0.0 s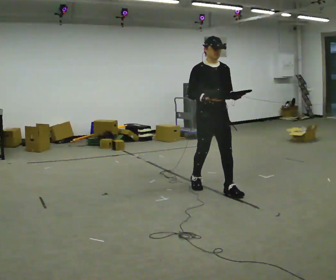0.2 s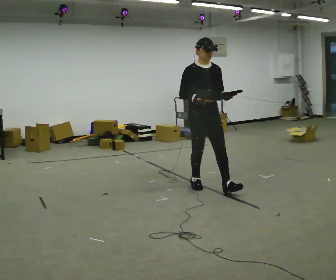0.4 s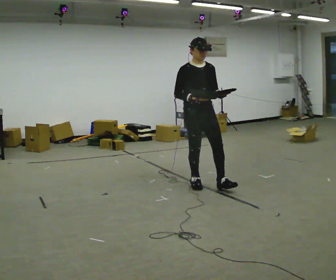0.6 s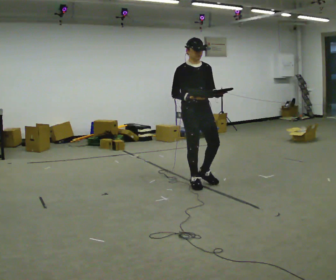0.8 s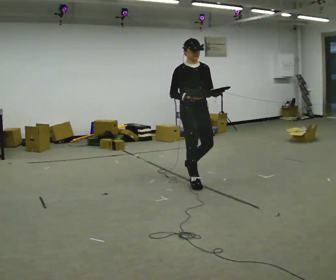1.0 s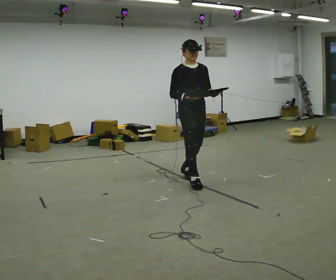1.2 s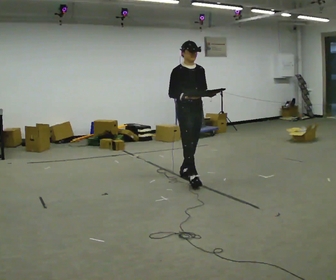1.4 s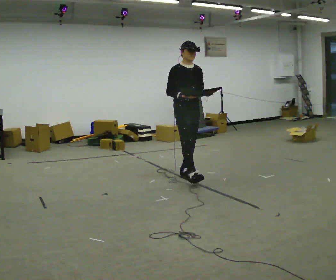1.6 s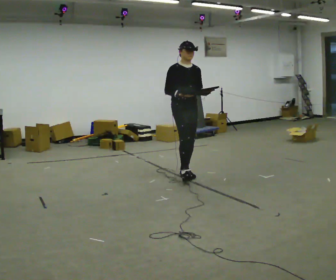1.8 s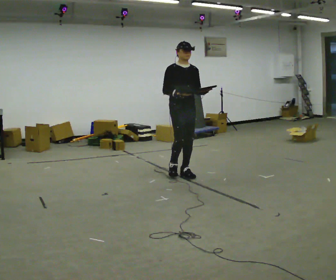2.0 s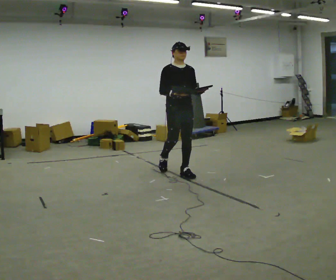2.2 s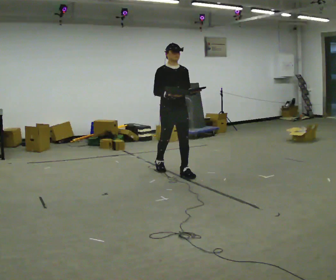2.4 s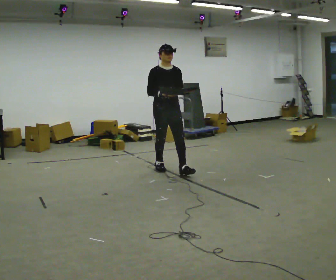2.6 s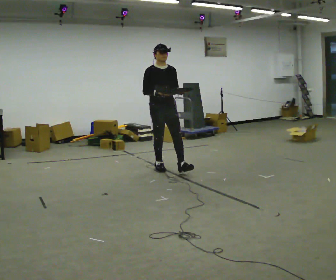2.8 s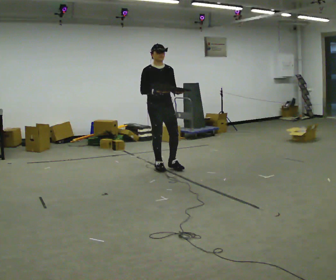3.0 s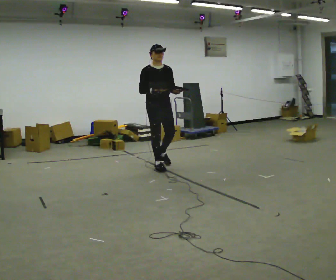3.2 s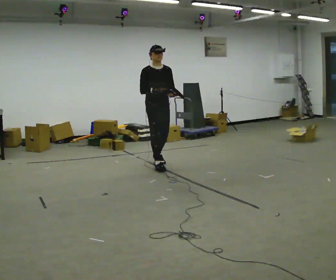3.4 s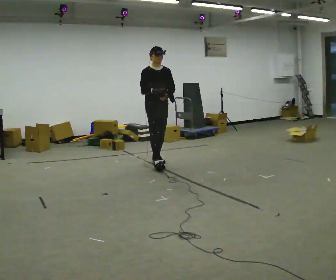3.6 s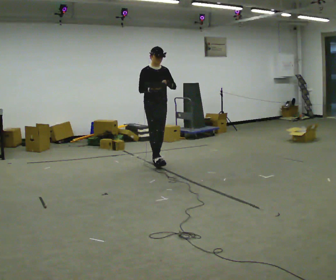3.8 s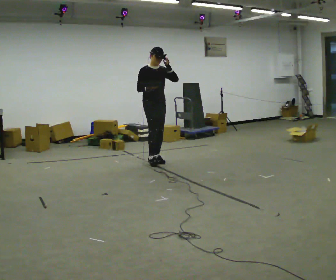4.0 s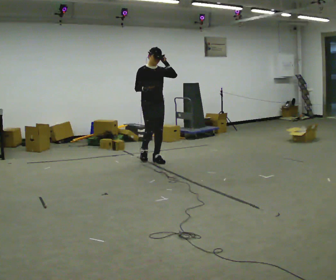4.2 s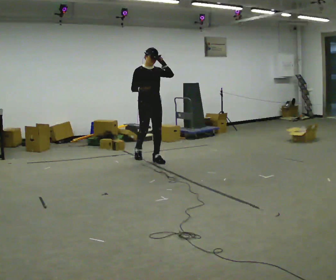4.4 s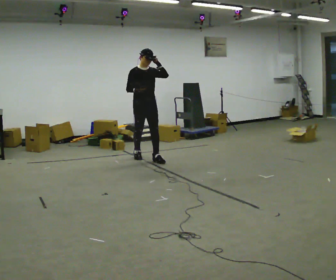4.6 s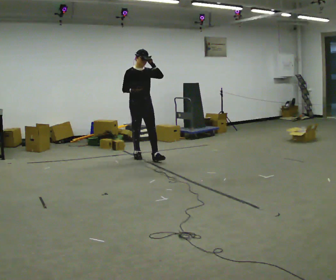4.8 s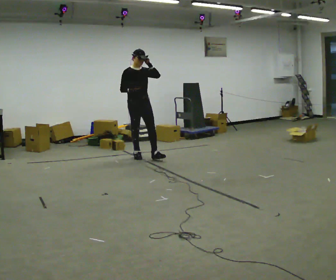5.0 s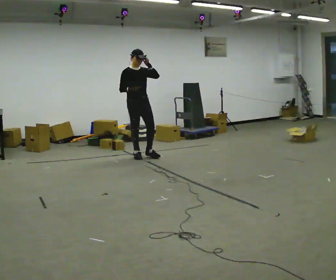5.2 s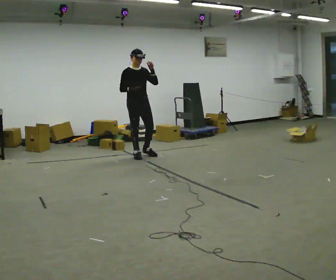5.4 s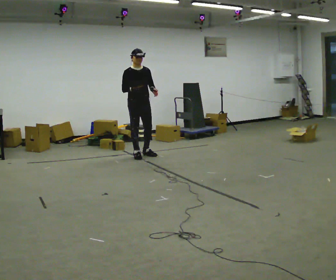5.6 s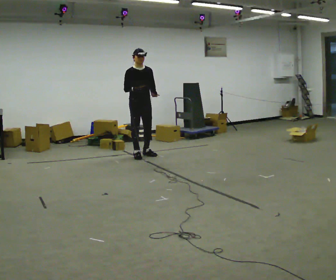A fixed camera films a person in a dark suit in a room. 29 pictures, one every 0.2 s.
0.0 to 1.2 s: In the picture they go away from the camera and to the left, about 0.5 m in 1 step, which for them is backward.
1.2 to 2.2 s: In the picture they go away from the camera and to the left, about 0.5 m in 1 step, which for them is backward.
2.2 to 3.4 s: In the picture they go away from the camera and to the left, about 0.5 m in 1 step, which for them is backward.
3.4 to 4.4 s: In the picture they go away from the camera and to the left, about 0.5 m in 1 step, which for them is backward. In the picture their left hand goes upward.
4.4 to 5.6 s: In the picture they go away from the camera, about 0.25 m in 1 step, which for them is backward. In the picture their left hand goes downward.
The film runs backward here.
